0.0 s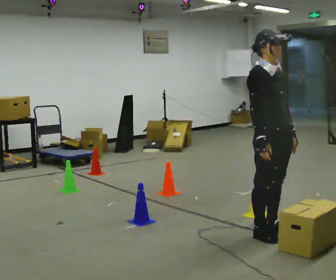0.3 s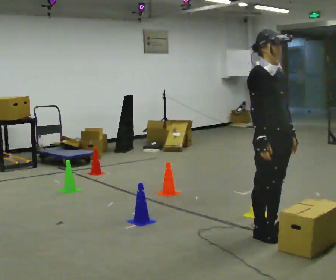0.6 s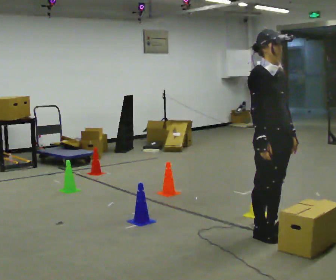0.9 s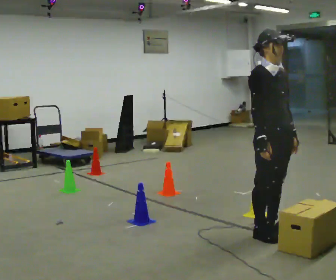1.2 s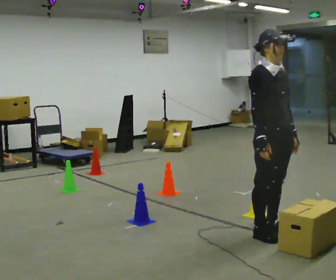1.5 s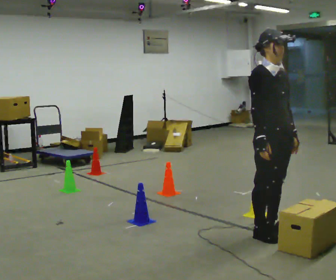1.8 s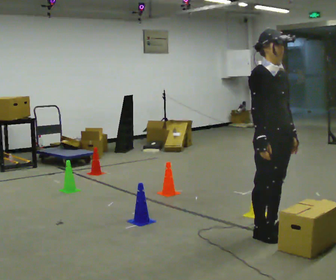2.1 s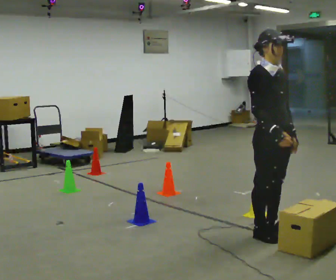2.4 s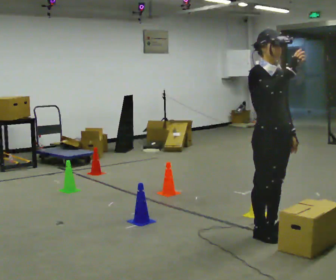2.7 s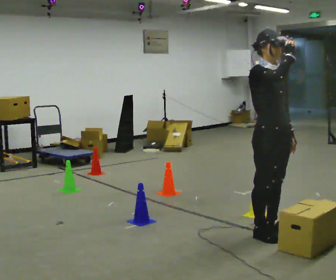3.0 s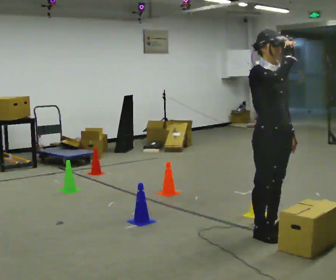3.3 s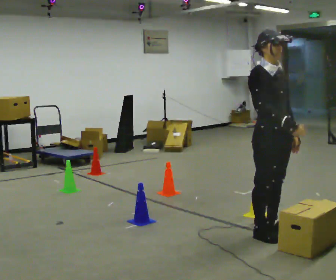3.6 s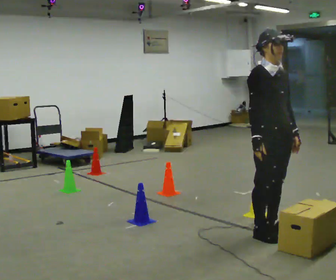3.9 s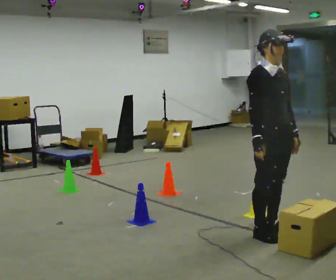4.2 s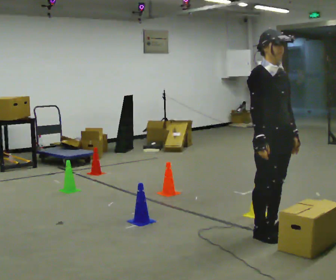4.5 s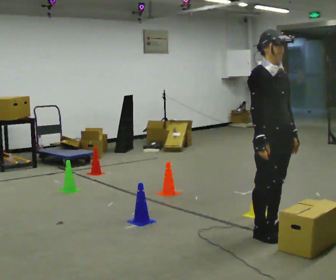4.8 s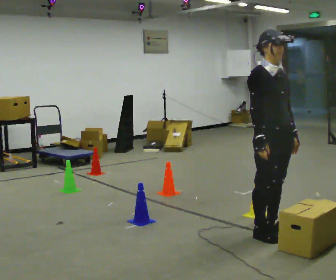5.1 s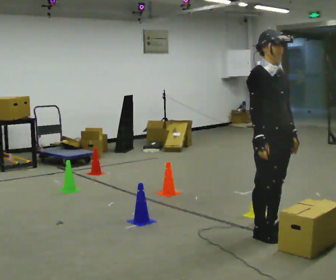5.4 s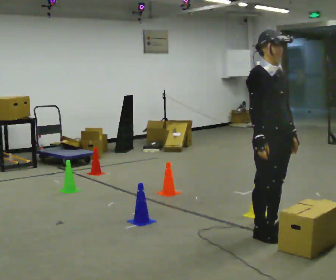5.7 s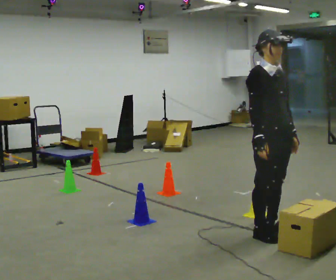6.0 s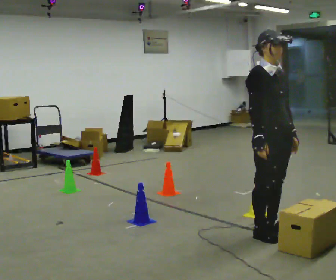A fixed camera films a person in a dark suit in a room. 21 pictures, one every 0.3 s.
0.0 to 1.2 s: The person keeps their place and pose.
1.2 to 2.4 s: In the picture their right hand goes upward.
2.4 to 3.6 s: In the picture their right hand goes downward.
3.6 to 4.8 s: The person moves a little, or ends about where they began.
4.8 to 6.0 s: The person keeps their place and pose.
The film runs forward here.
